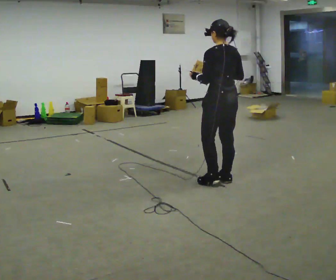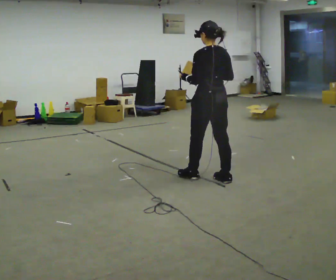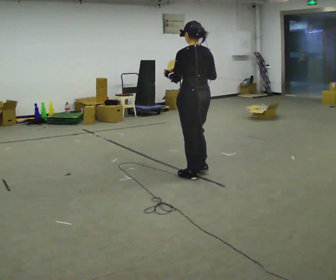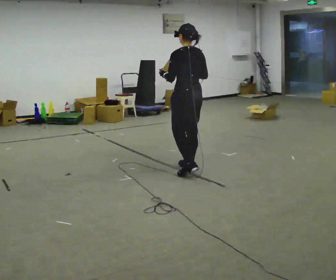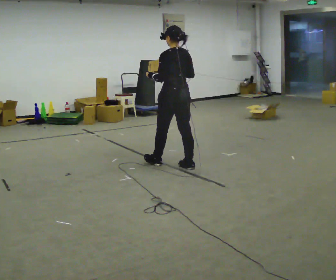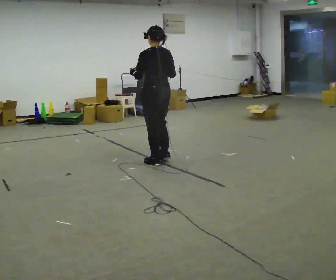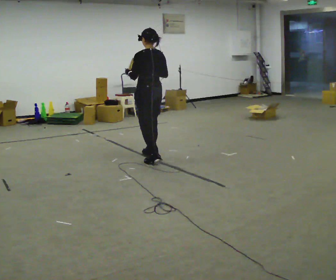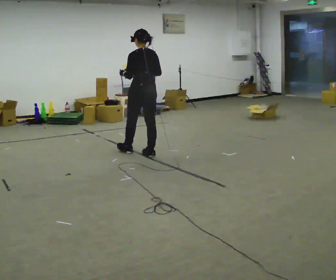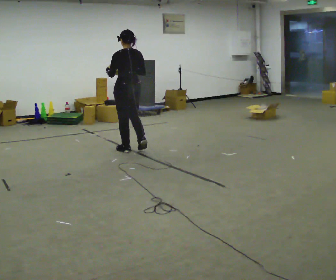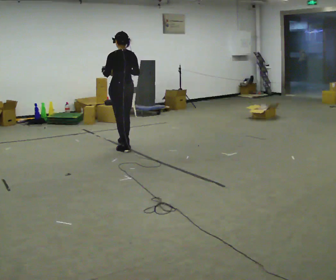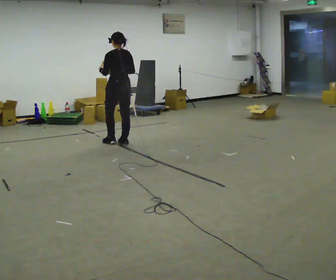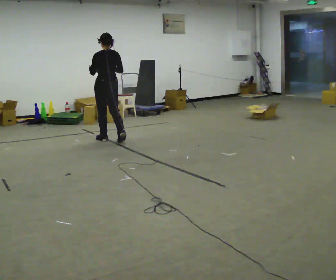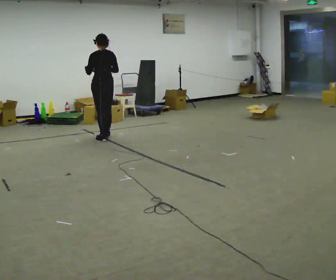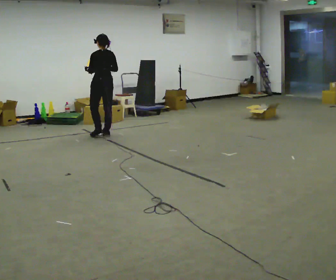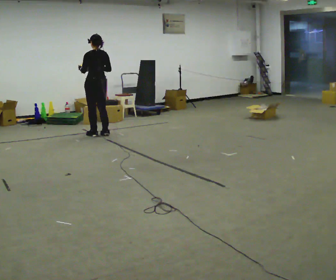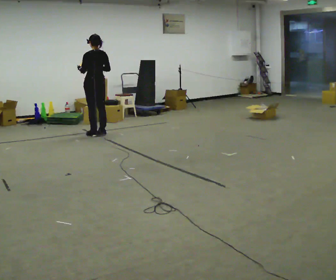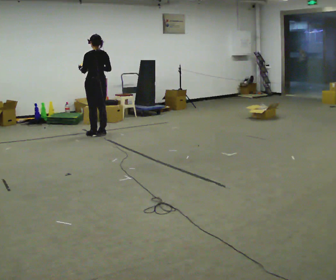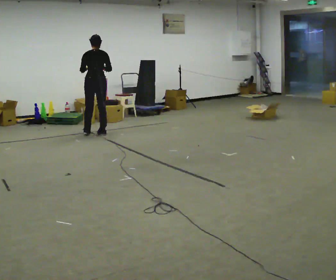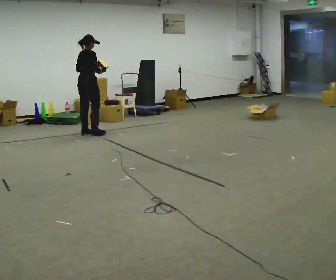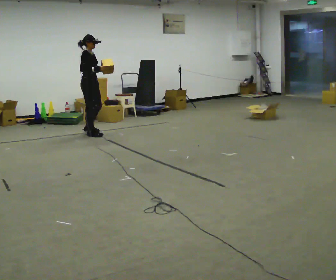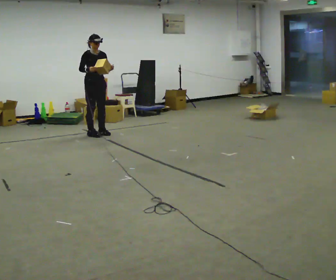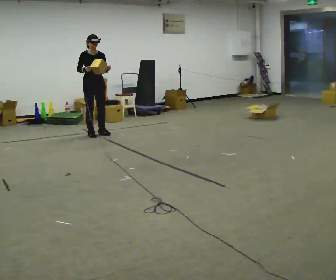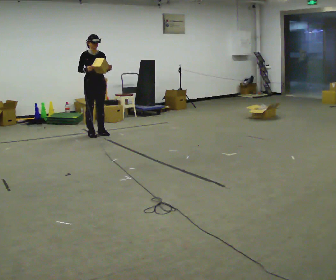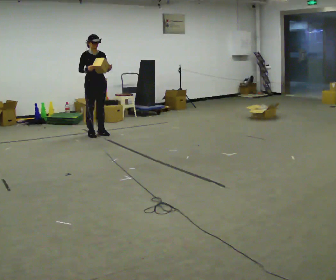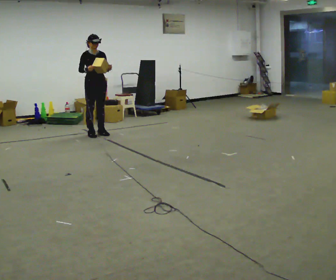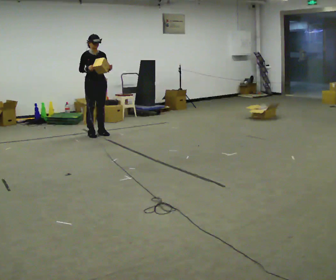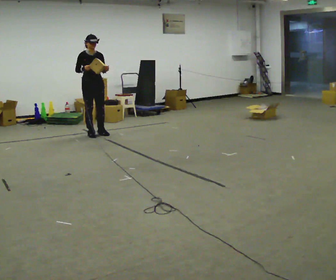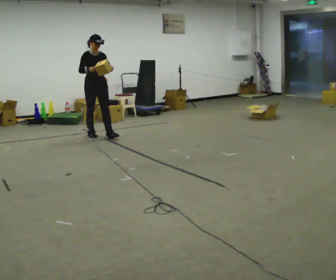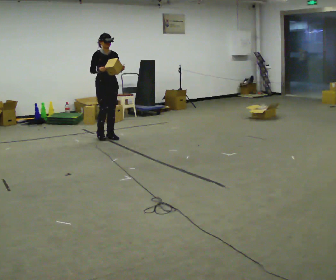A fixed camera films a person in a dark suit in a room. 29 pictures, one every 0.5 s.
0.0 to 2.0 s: In the picture they go away from the camera and to the left, about 0.5 m in 3 steps, which for them is forward.
2.0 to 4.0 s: In the picture they go away from the camera and to the left, about 1 m in 2 steps, which for them is forward.
4.0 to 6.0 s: In the picture they go away from the camera and to the left, about 1 m in 3 steps, which for them is forward.
6.0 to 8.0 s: In the picture they go away from the camera, about 0.25 m in 1 step, which for them is forward.
8.0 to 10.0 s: The person turns about 180 degrees to their right, clockwise seen from above, so the part of the body nearest the lens slides to the left. In the picture their left hand goes to the right.
10.0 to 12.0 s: The person moves a little, or ends about where they began.
12.0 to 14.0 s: In the picture they go toward the camera and to the right, about 0.25 m in 1 step, which for them is forward.
The film runs forward here.
